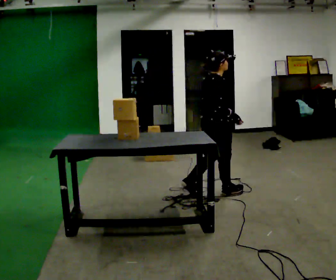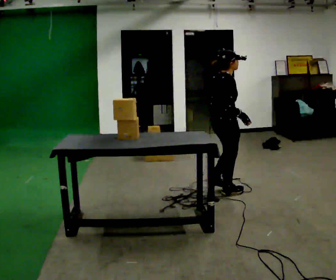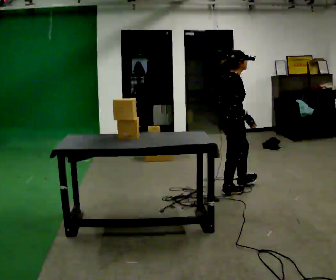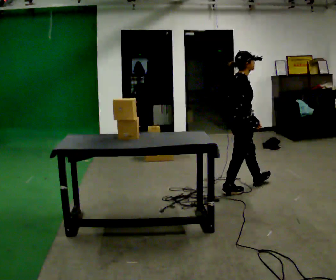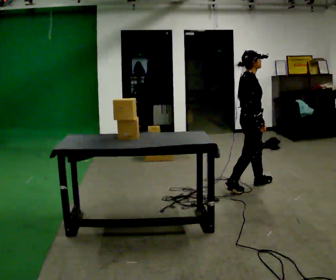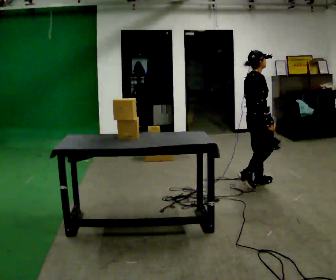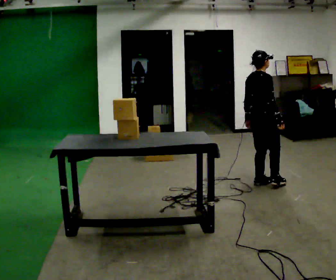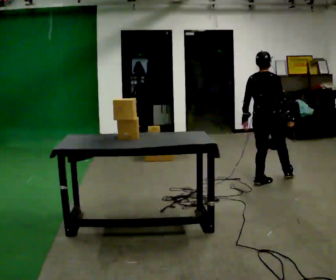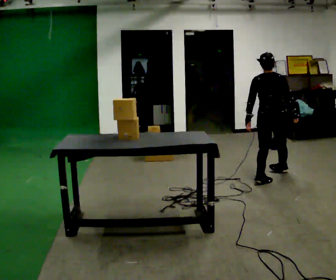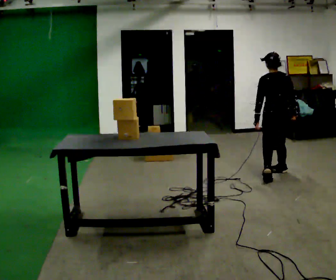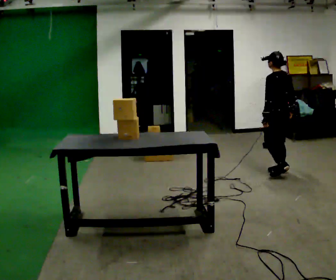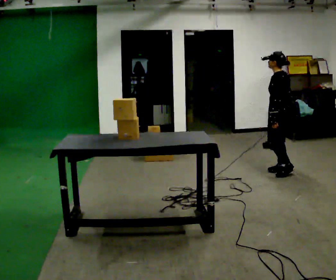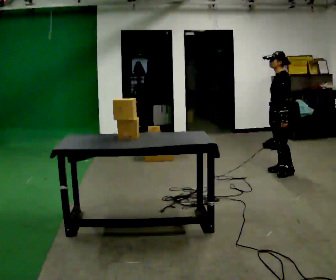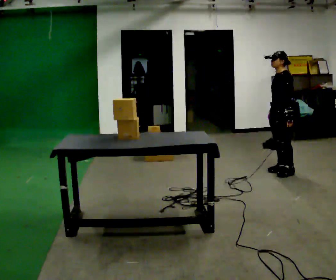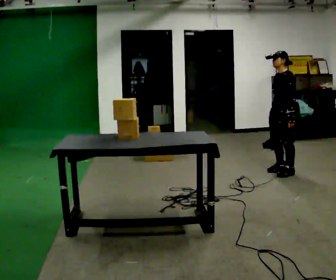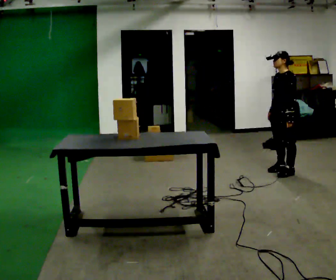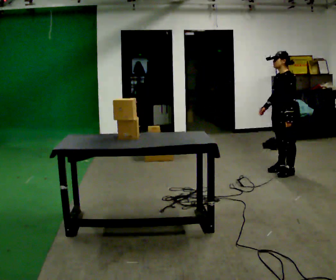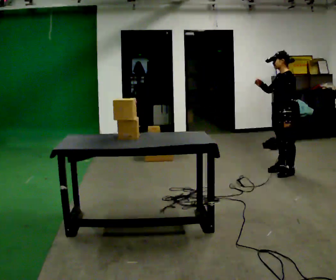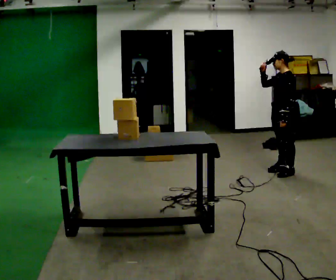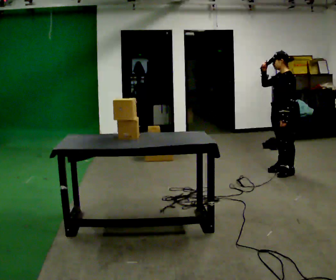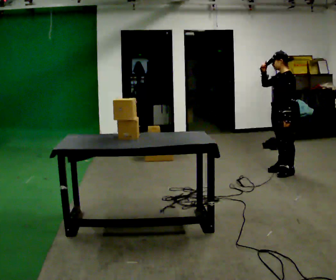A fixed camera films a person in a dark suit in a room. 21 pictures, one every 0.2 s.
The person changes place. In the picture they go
away from the camera.
0.0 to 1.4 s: Seen from above the body turns counterclockwise, about 45 degrees: to their left, with its near side sliding to the right. In the picture they go away from the camera and to the right, about 0.5 m in 1 step.
1.4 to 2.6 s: The person turns about 120 degrees to their left, counterclockwise seen from above, so the part of the body nearest the lens slides to the right. In the picture they go away from the camera, about 0.25 m in 2 steps.
2.6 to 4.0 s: In the picture their right hand goes upward.
The film runs forward here.
